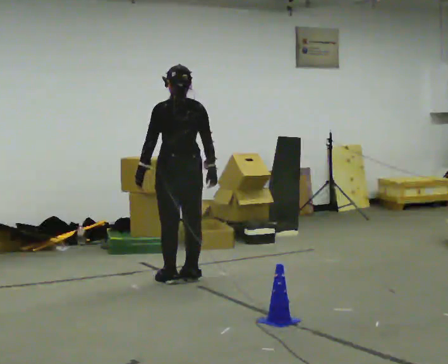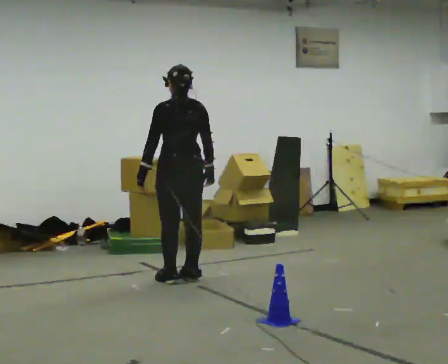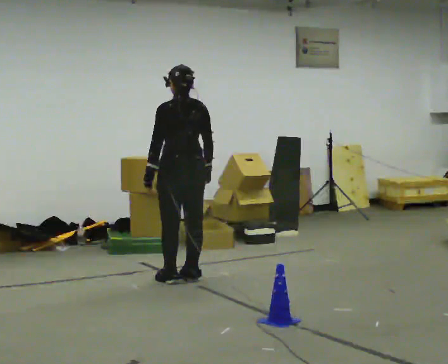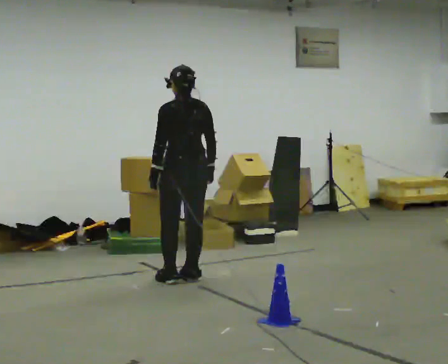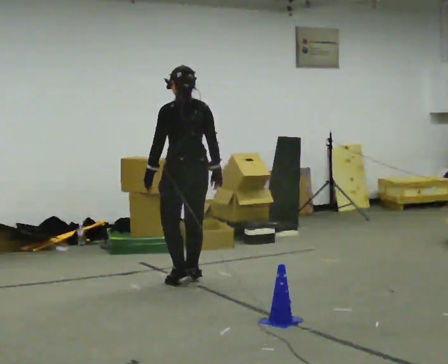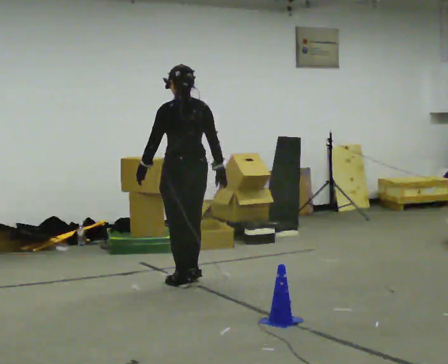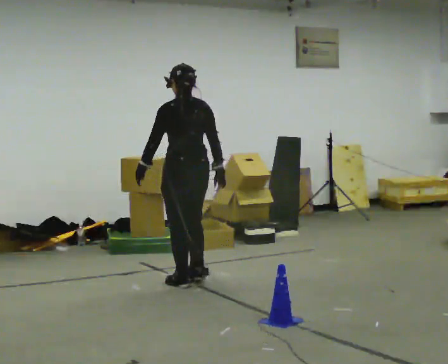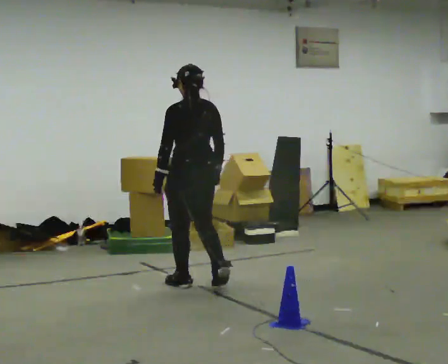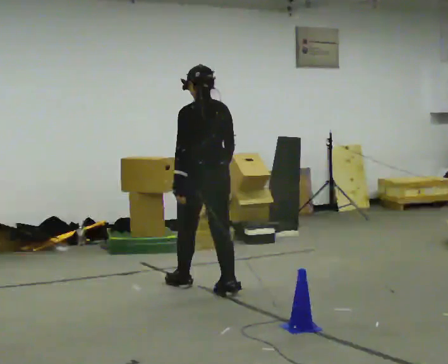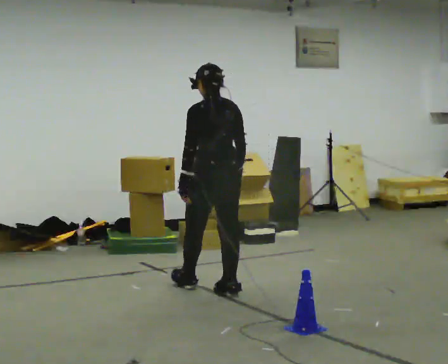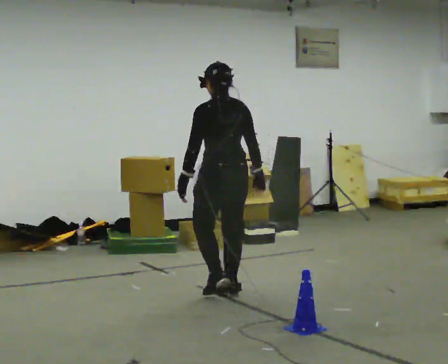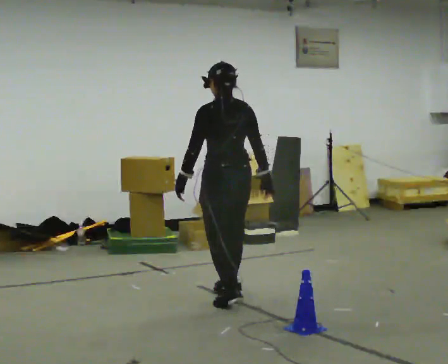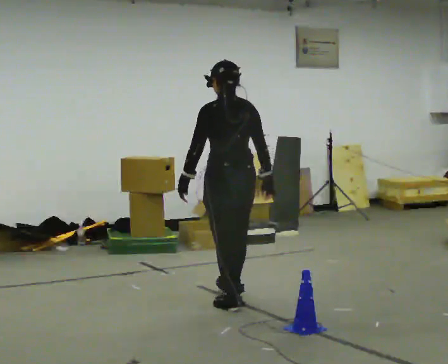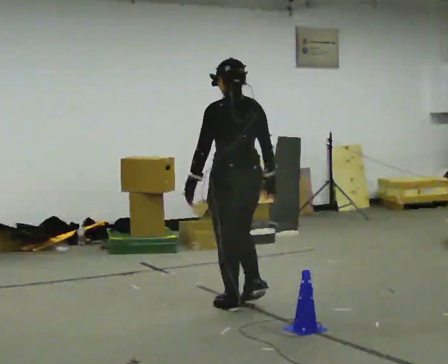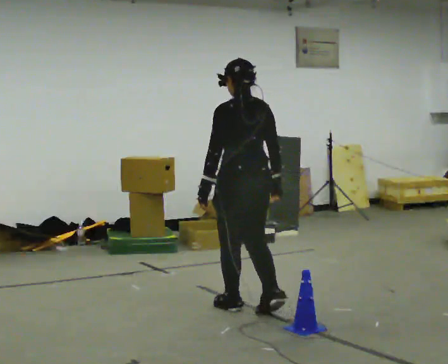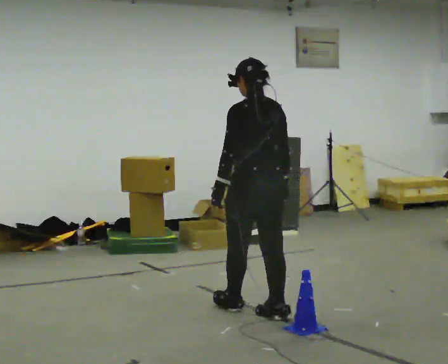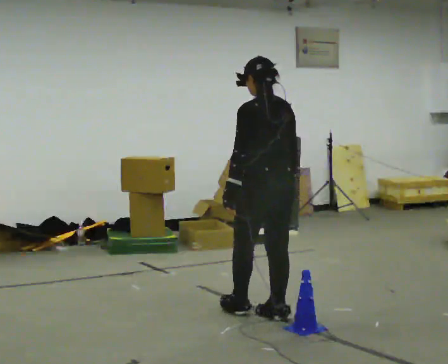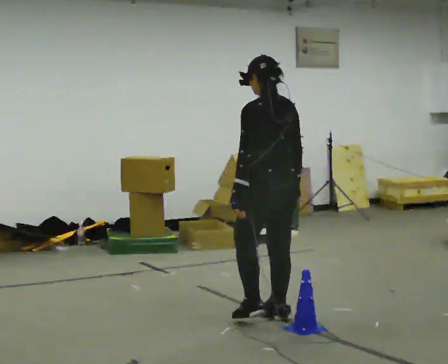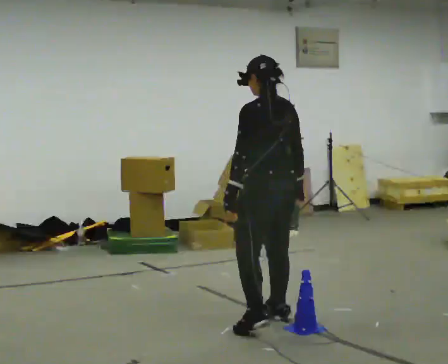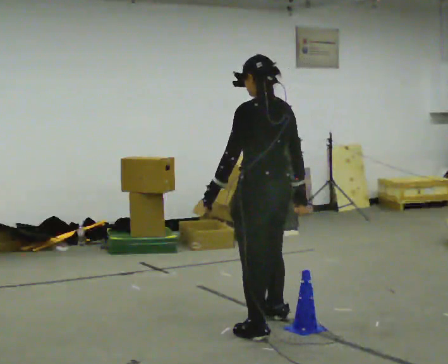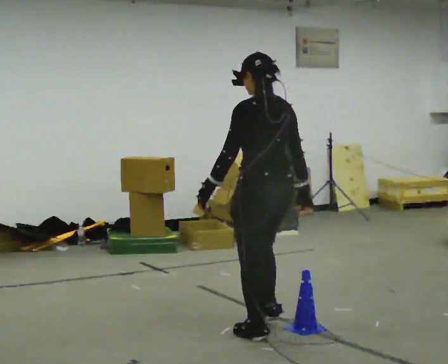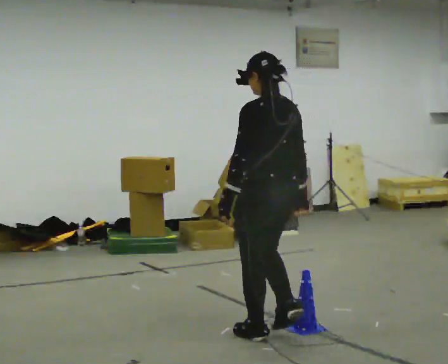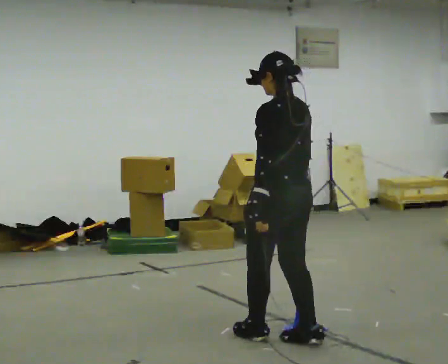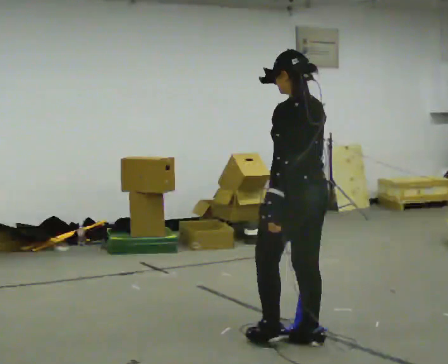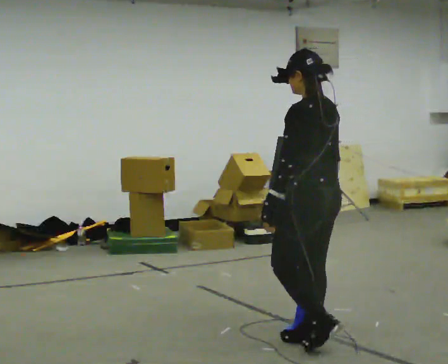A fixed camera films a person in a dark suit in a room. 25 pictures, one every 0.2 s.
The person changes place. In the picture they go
toward the camera.
0.0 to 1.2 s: In the picture they go toward the camera, about 0.25 m in 2 steps, which for them is backward.
1.2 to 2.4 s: In the picture they go toward the camera and to the right, about 0.75 m in 2 steps, which for them is backward.
2.4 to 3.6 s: In the picture they go toward the camera and to the right, about 0.5 m in 1 step, which for them is backward.
3.6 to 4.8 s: In the picture they go toward the camera and to the right, about 0.5 m in 2 steps, which for them is backward.
The film runs backward here.
